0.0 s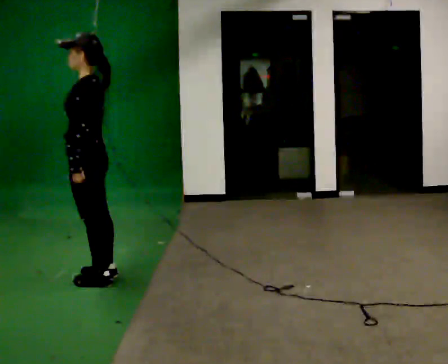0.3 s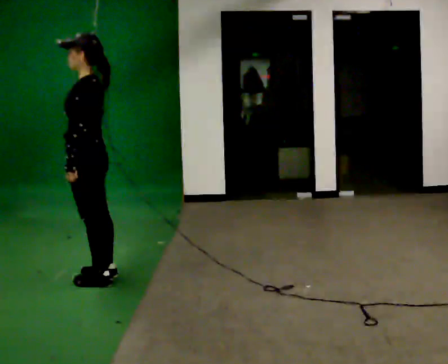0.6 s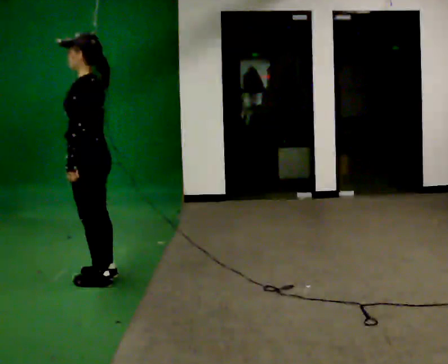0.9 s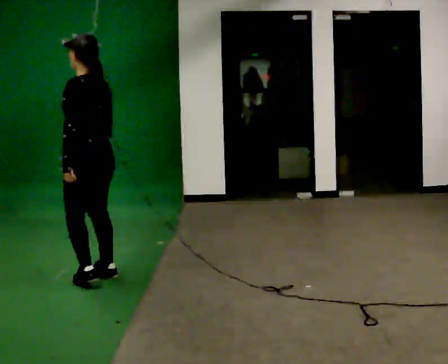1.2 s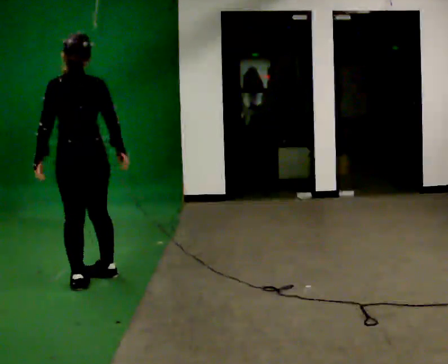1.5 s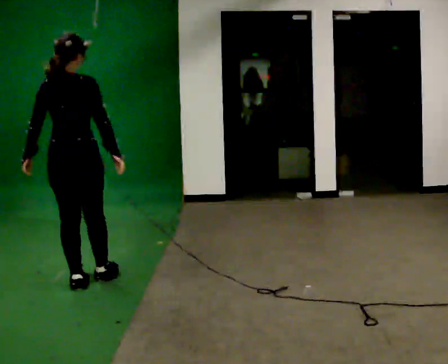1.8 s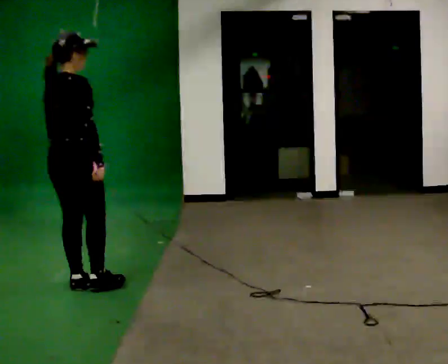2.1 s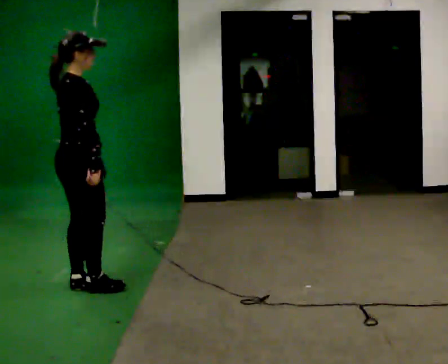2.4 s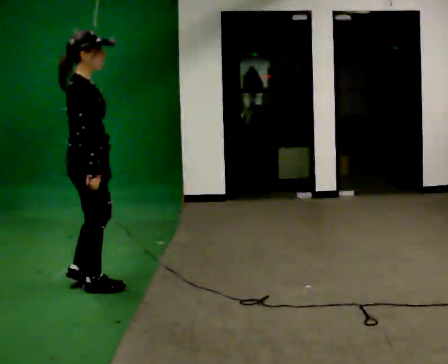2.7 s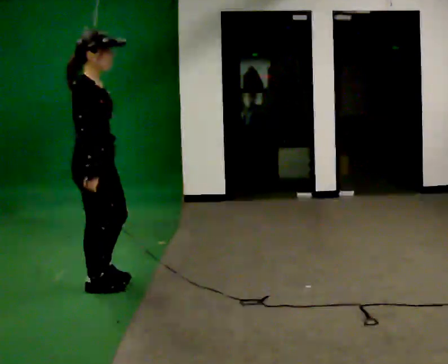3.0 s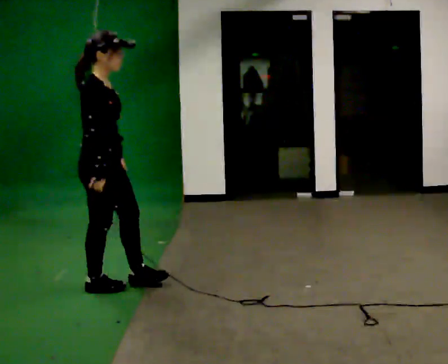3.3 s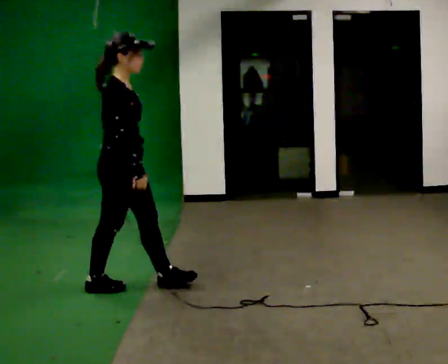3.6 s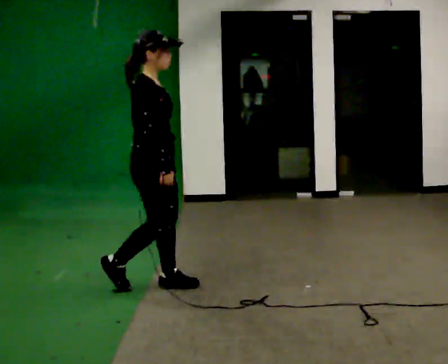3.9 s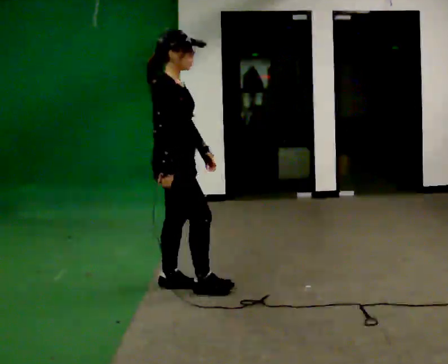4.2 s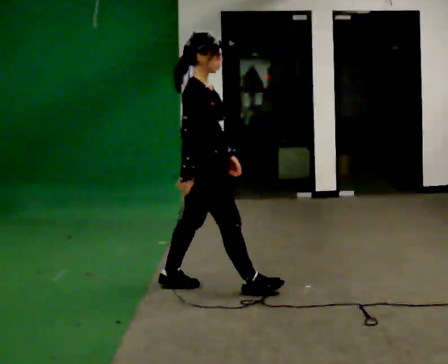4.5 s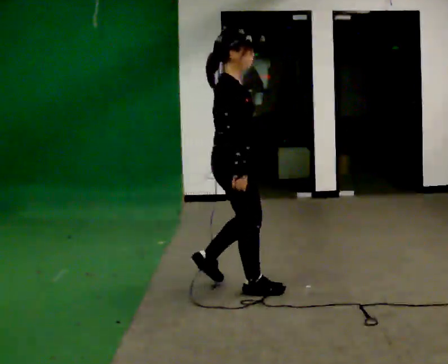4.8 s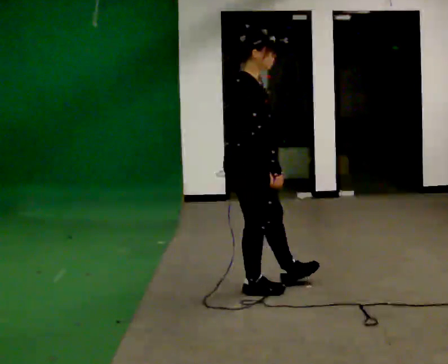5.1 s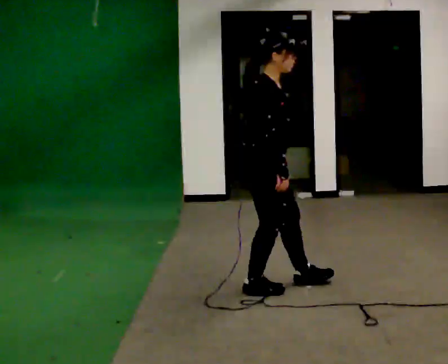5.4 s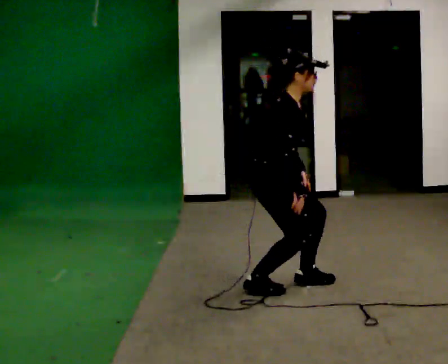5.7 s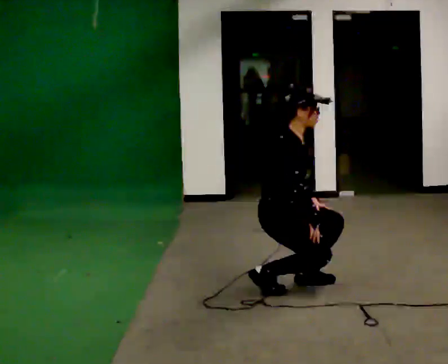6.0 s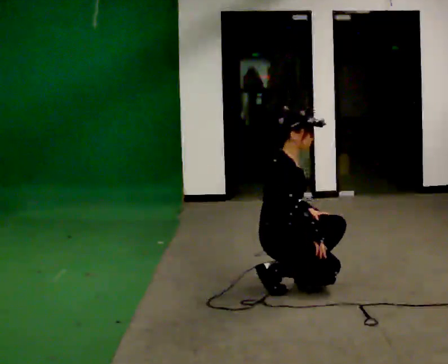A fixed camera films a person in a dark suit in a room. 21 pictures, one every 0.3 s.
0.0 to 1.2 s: The part of the body nearest the lens slides to the left as the person turns to their right by about 60 degrees.
1.2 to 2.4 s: The part of the body nearest the lens slides to the left as the person turns to their right by about 105 degrees. In the picture they go toward the camera, about 0.25 m in 1 step.
2.4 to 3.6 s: In the picture they go to the right, about 0.5 m in 1 step, which for them is forward.
3.6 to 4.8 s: In the picture they go to the right, about 0.5 m in 1 step, which for them is forward.
4.8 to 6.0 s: In the picture they go to the right, about 0.25 m in 1 step, which for them is forward. The shoulders move downward. In the picture their left hand goes downward.
The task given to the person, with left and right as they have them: Walk; crouch comfortably at marker; remain briefly; stand and continue.
The film runs forward here.
